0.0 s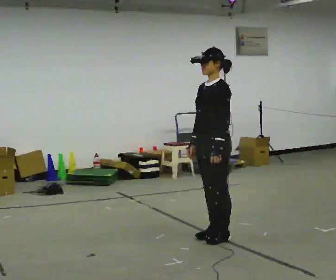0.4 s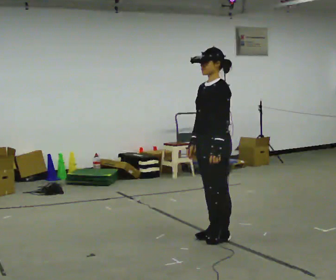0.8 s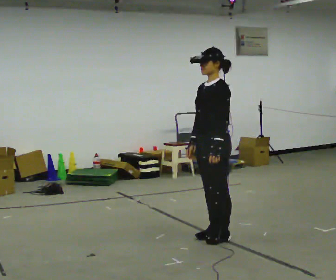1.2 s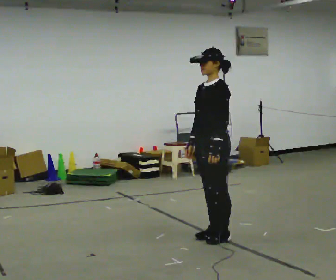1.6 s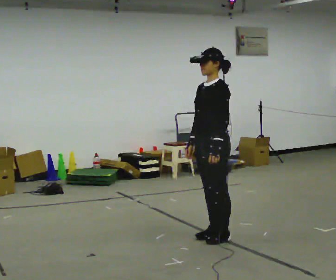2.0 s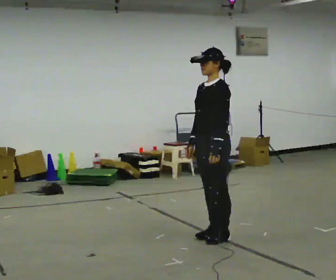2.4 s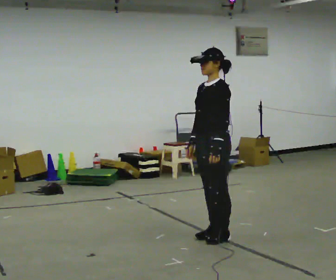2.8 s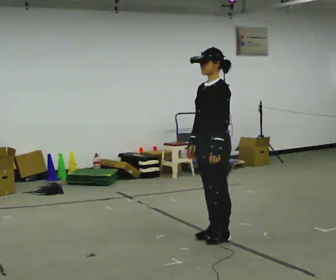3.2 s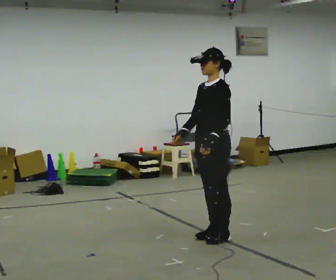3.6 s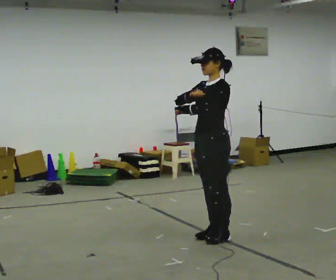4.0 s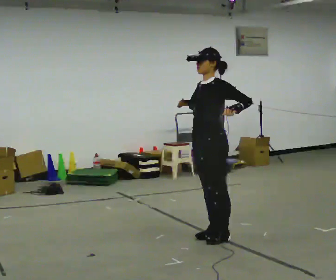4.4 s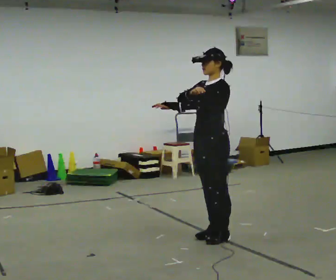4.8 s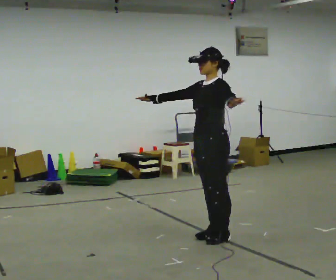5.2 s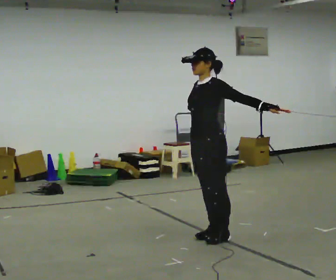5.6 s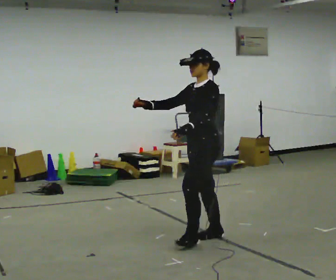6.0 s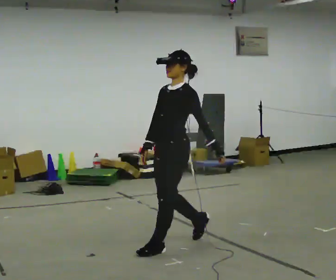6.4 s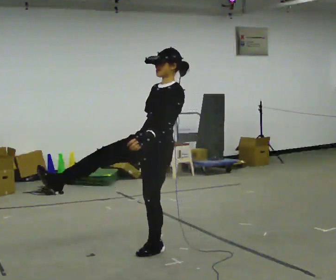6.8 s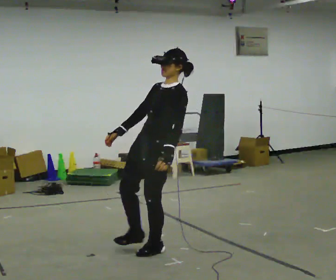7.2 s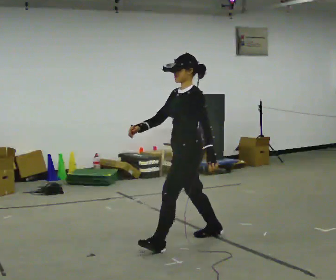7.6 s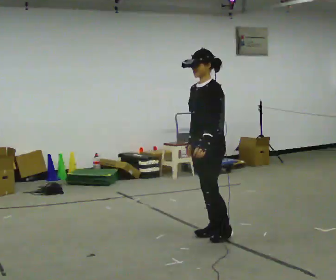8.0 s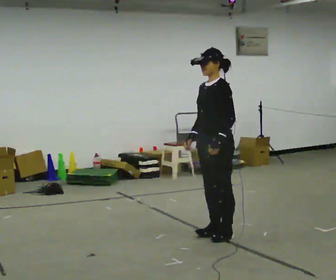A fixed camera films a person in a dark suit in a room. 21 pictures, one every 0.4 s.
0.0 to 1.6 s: The person keeps their place and pose.
1.6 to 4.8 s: In the picture their right hand goes upward and to the left.
4.8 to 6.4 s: In the picture they go to the left and toward the camera, about 0.5 m in 2 steps, which for them is forward. In the picture their right hand goes downward.
6.4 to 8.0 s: In the picture they go to the right and away from the camera, about 0.75 m in 2 steps, which for them is backward. In the picture the upper body tilts counterclockwise, shoulders to the left, as they bend forward.
The film runs forward here.
